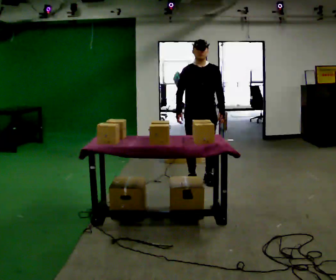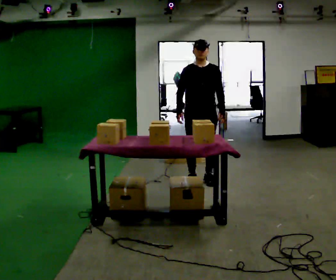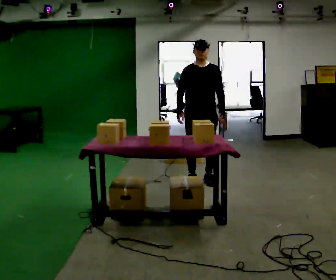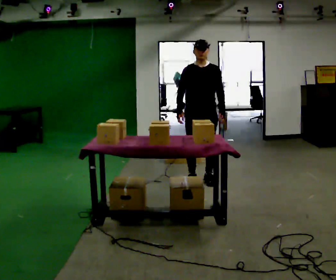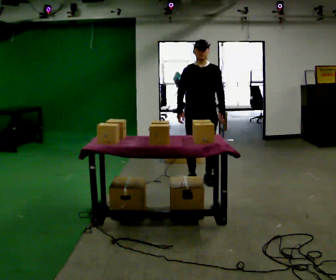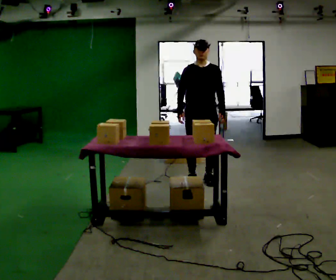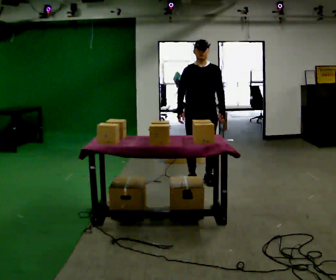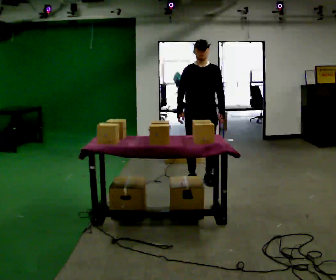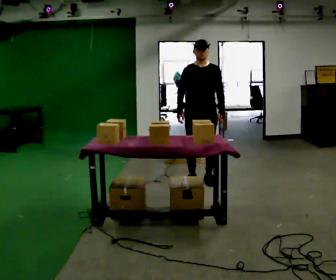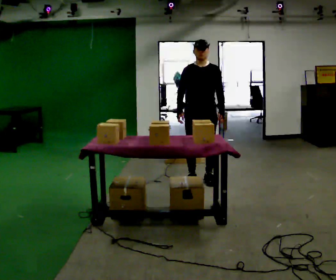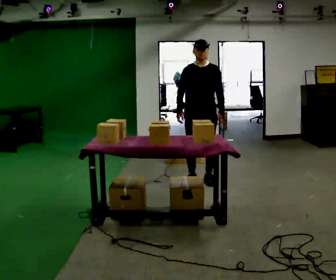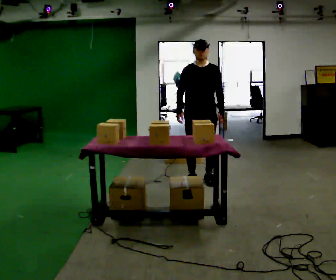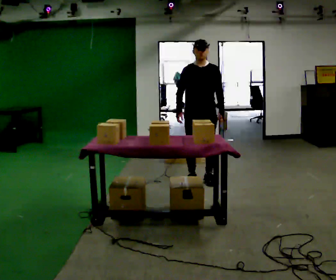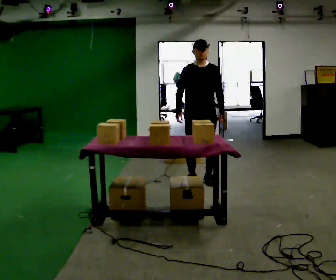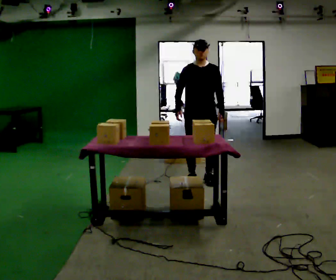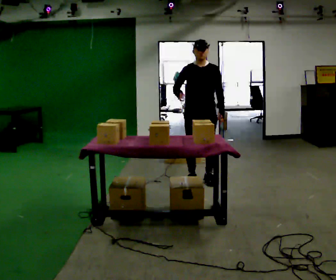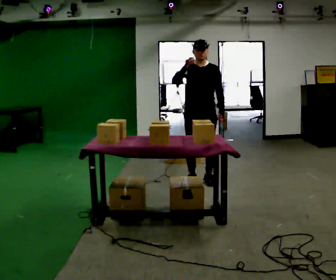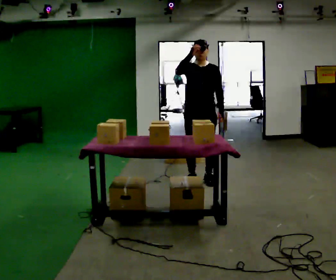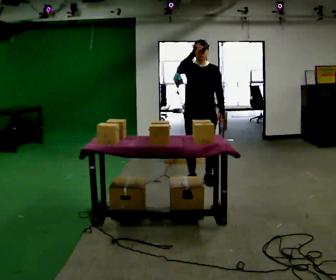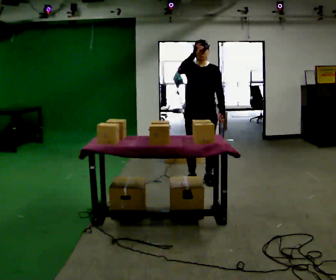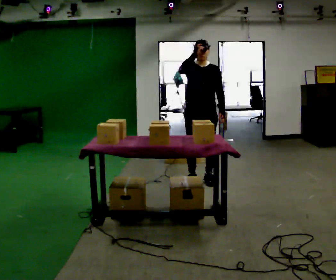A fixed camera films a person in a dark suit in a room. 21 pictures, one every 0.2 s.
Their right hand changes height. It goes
upward.
0.0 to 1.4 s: The person moves a little, or ends about where they began.
1.4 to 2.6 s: The person keeps their place and pose.
2.6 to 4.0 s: In the picture their right hand goes upward.
The film runs forward here.
